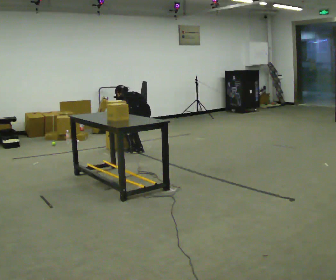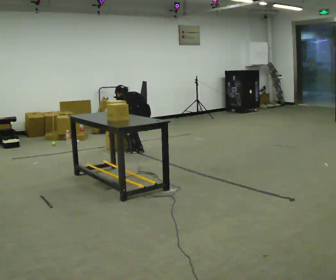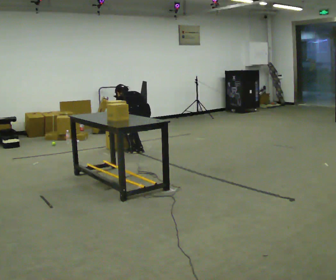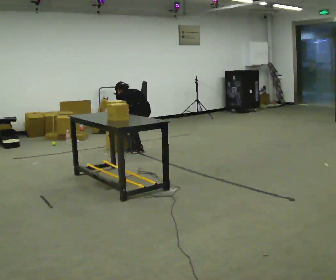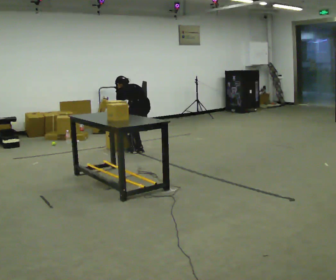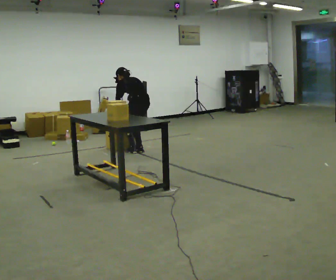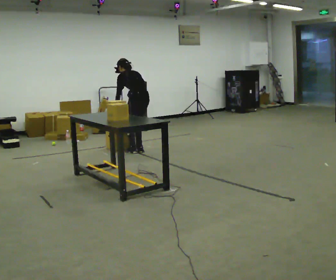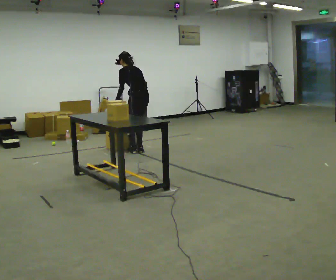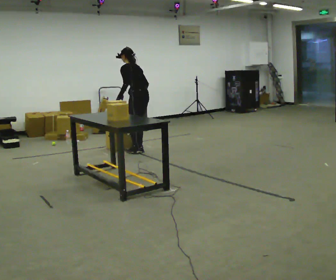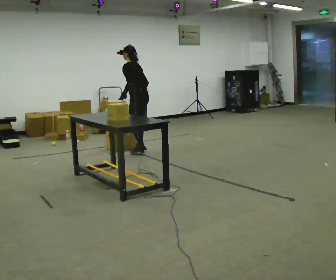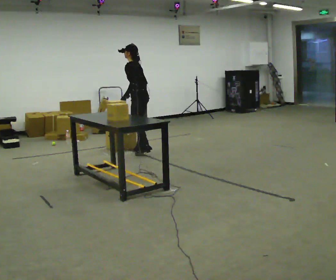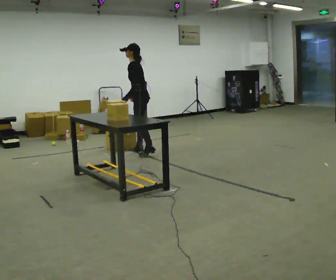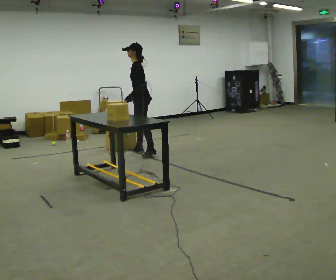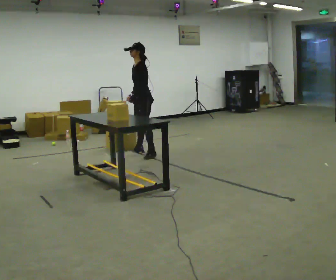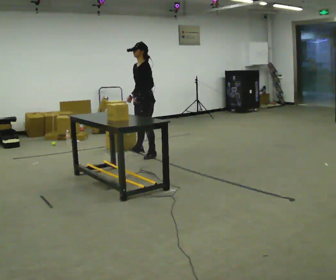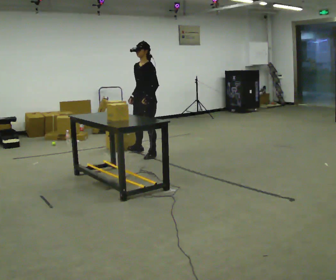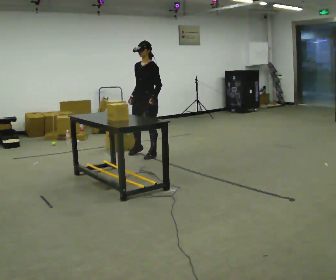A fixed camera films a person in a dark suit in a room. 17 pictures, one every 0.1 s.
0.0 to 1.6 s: The person turns about 105 degrees to their left, counterclockwise seen from above, so the part of the body nearest the lens slides to the right. In the picture they go toward the camera, about 0.25 m in 1 step. The shoulders move upward. The upper body tips toward the camera, its near side rolling downward, as they lean back or straighten. In the picture their left hand goes upward and to the right.
The film runs forward here.
